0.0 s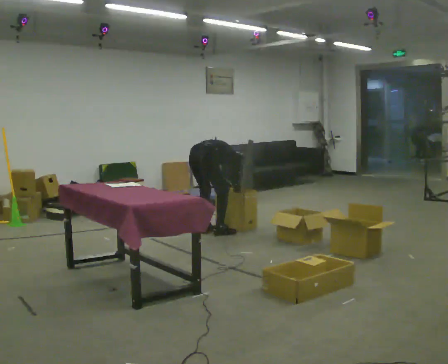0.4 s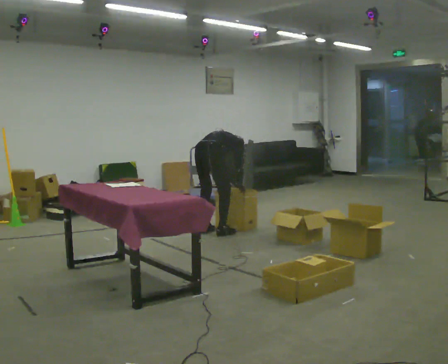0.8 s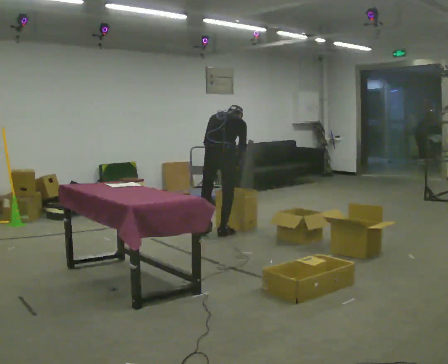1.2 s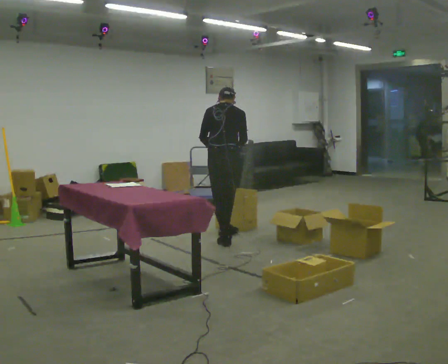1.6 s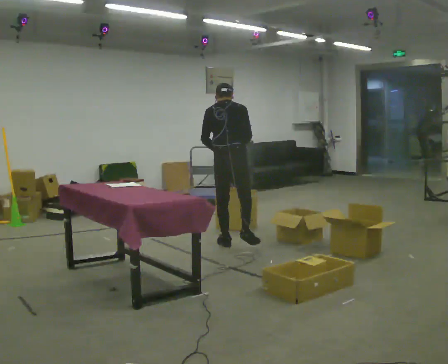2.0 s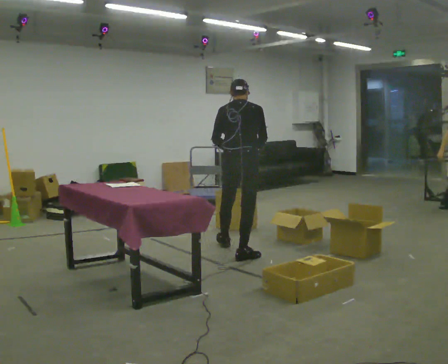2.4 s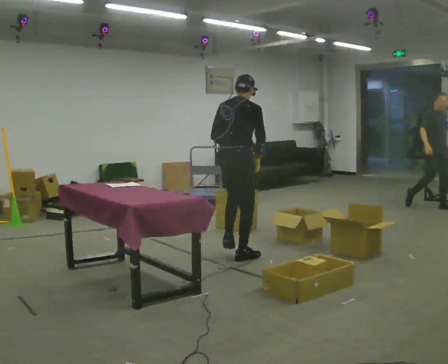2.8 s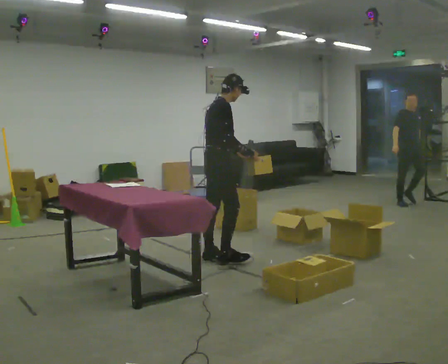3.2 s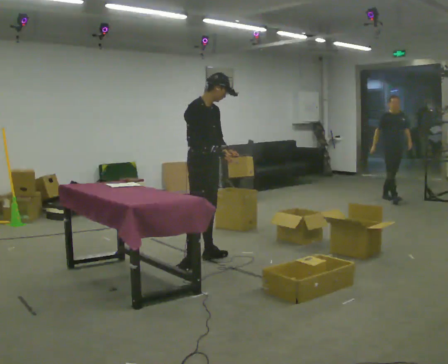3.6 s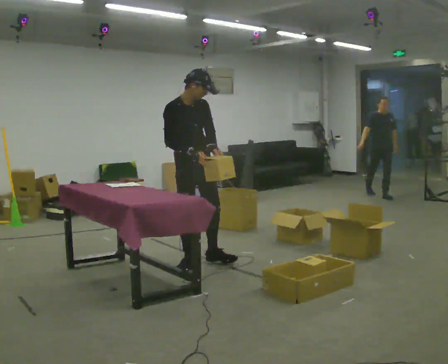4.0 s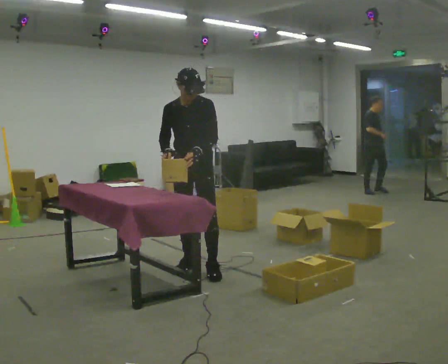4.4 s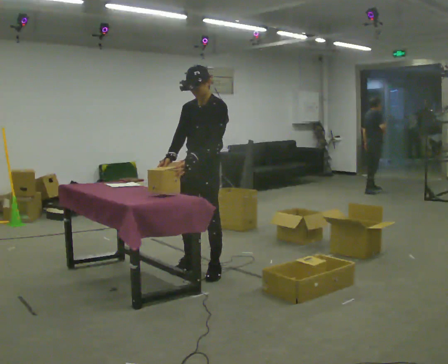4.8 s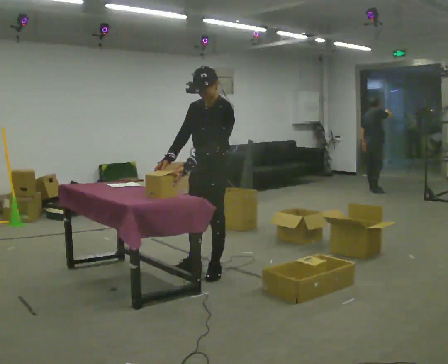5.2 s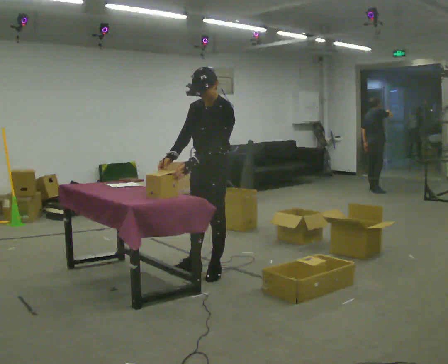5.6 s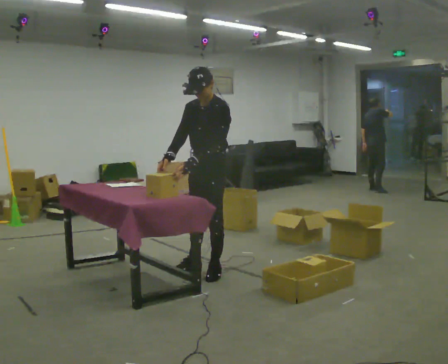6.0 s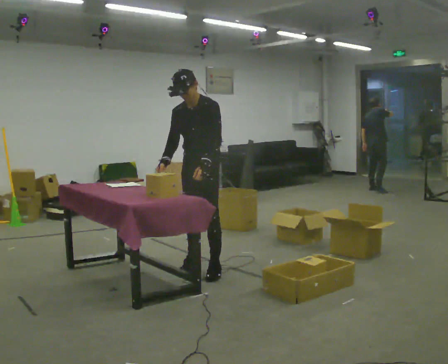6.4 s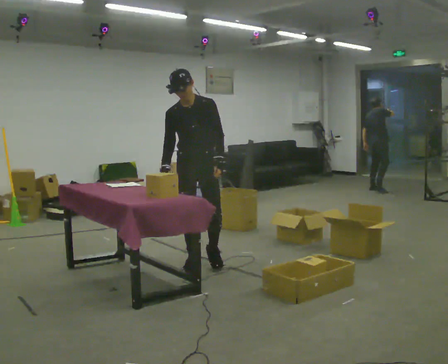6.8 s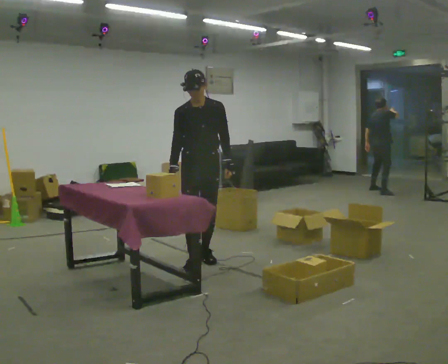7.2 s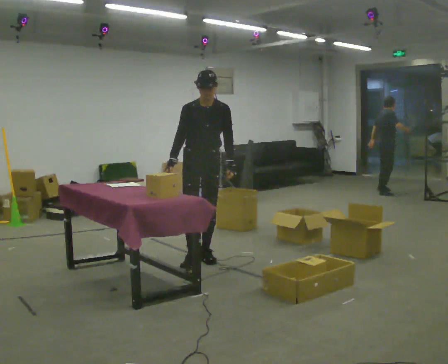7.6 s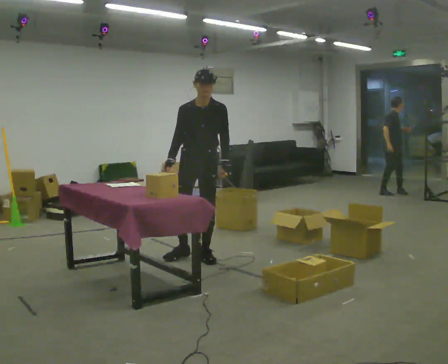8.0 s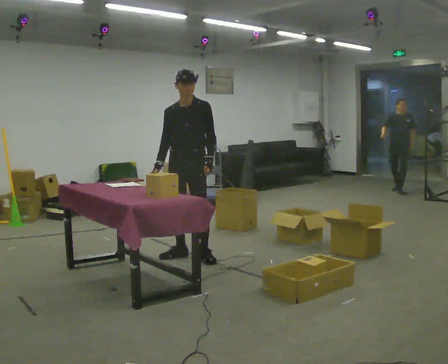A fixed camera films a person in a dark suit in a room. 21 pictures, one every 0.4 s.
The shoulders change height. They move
upward.
0.0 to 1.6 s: The person turns about 30 degrees to their left, counterclockwise seen from above, so the part of the body nearest the lens slides to the right. In the picture they go toward the camera and to the right, about 0.5 m in 2 steps, which for them is backward and to their right. The upper body goes upward. In the picture the upper body tilts counterclockwise, shoulders to the left, as they lean back or straighten. In the picture their right hand goes upward.
1.6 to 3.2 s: Seen from above the body turns clockwise, about 120 degrees: to their right, with its near side sliding to the left. In the picture they go toward the camera and to the left, about 0.5 m in 2 steps.
3.2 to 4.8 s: Seen from above the body turns clockwise, about 105 degrees: to their right, with its near side sliding to the left. In the picture they go toward the camera, about 0.25 m in 1 step.
4.8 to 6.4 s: The person turns about 45 degrees to their left, counterclockwise seen from above, so the part of the body nearest the lens slides to the right. In the picture they go away from the camera, about 0.25 m in 1 step, which for them is to their right.
6.4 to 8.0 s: In the picture they go away from the camera, about 0.25 m in 1 step, which for them is backward.
The film runs backward here.
